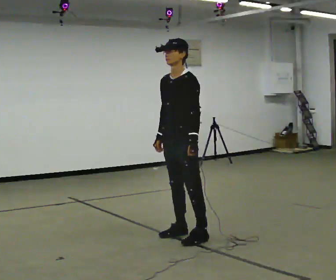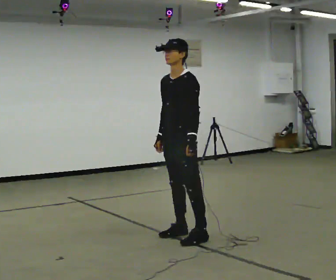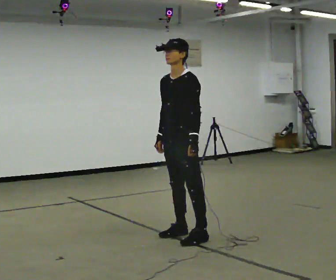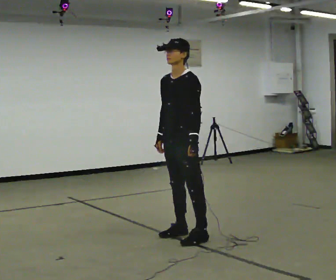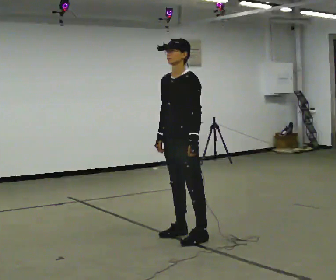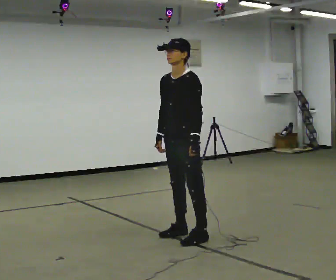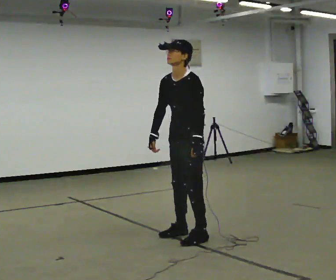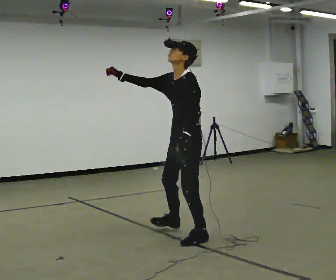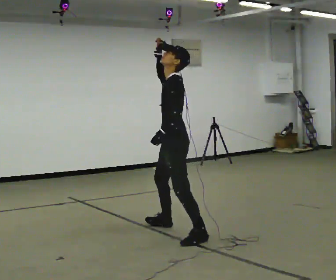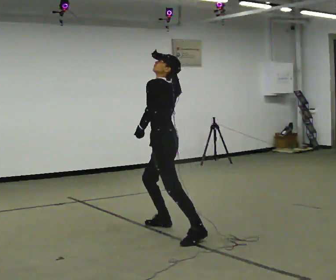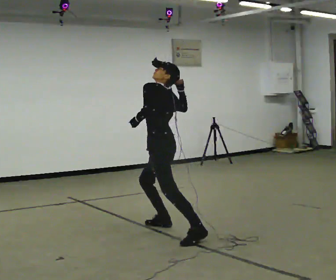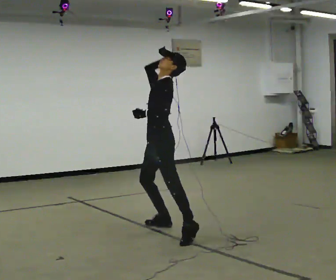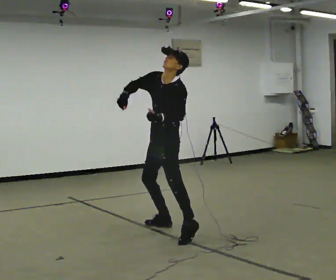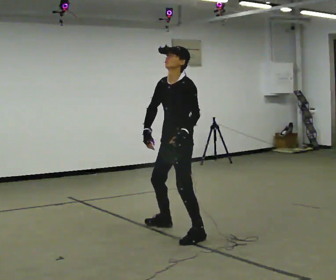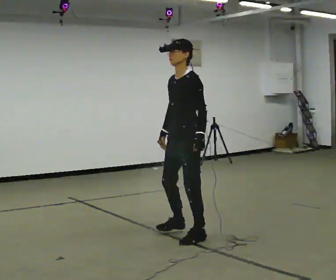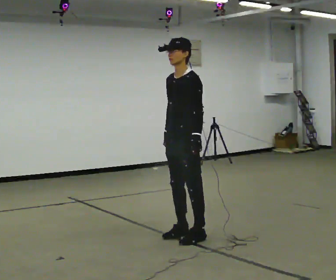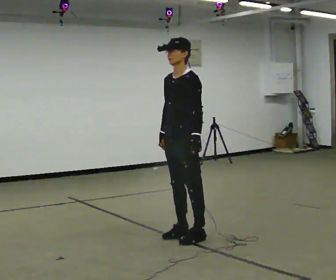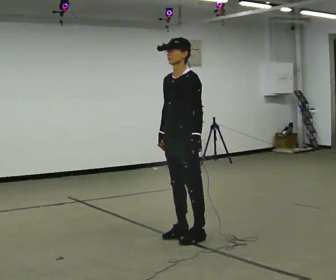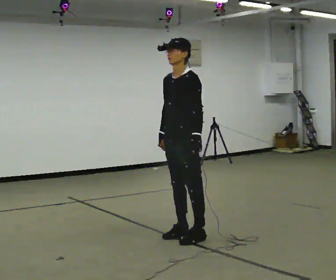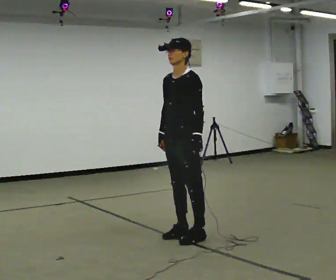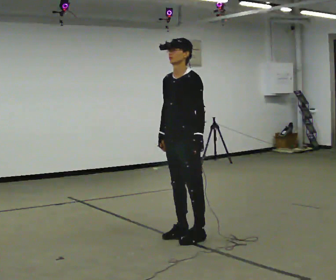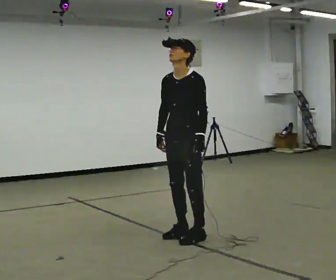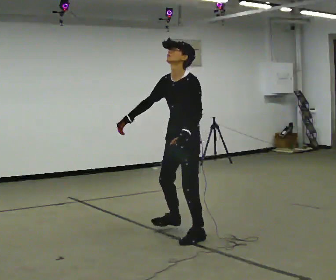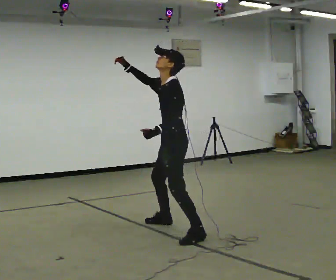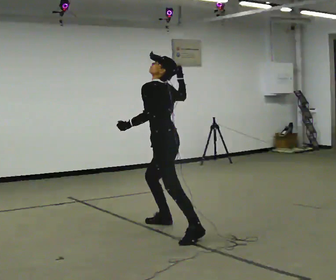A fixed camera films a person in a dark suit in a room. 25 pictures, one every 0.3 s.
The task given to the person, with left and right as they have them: Mime throwing a ball overhand as far as you can, with no ball. Repeat the movement at your own pace until the operator says stop; do not rush.
0.0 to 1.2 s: The person moves a little, or ends about where they began.
1.2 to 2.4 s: Seen from above the body turns clockwise, about 30 degrees: to their right, with its near side sliding to the left. In the picture their right hand goes upward, the arm swinging clockwise.
2.4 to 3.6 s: The person turns about 30 degrees to their left, counterclockwise seen from above, so the part of the body nearest the lens slides to the right. In the picture they go away from the camera, about 0.25 m, which for them is to their right and forward. In the picture their right hand goes downward.
3.6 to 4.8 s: In the picture they go toward the camera and to the right, about 0.5 m in 1 step, which for them is to their left. In the picture their right hand goes downward, the arm swinging counterclockwise.
4.8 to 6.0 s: The person moves a little, or ends about where they began.
6.0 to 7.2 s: The part of the body nearest the lens slides to the left as the person turns to their right by about 60 degrees. In the picture they go away from the camera and to the left, about 0.25 m in 1 step. In the picture their right hand goes upward.
The film runs forward here.
